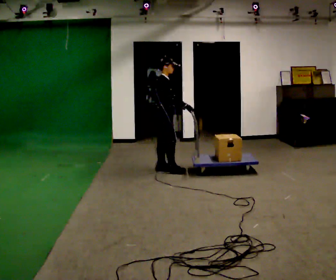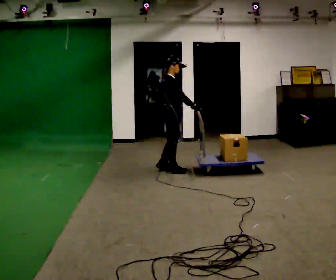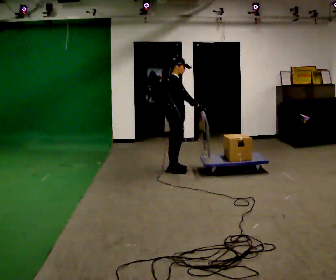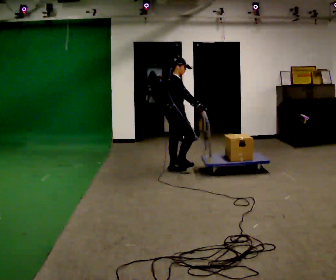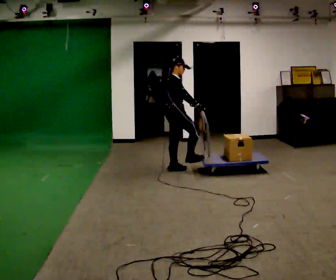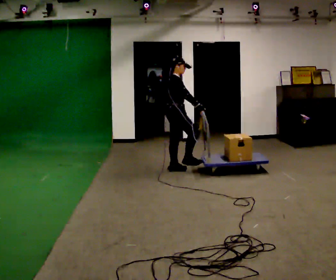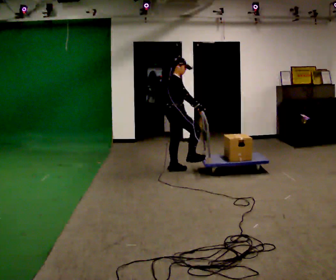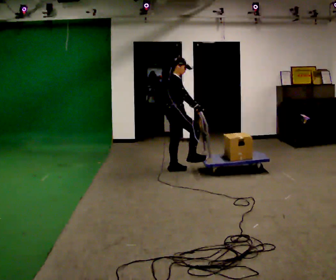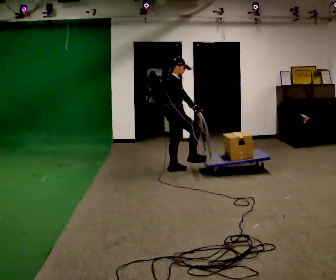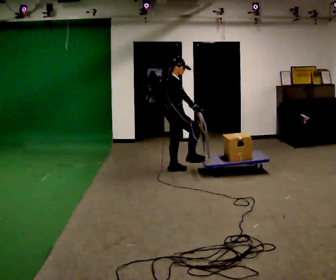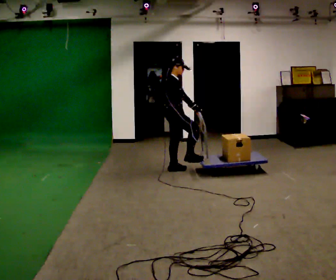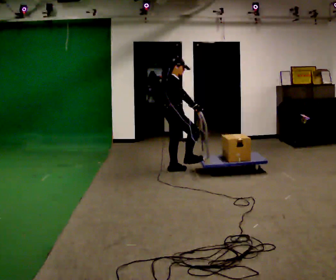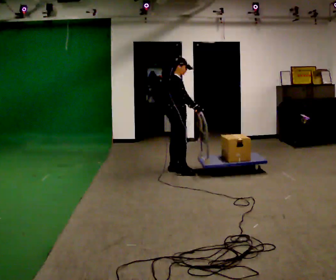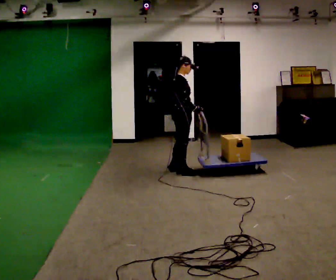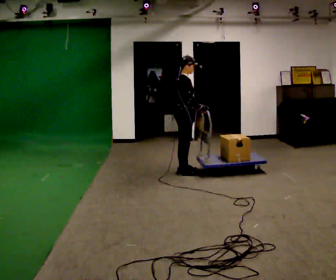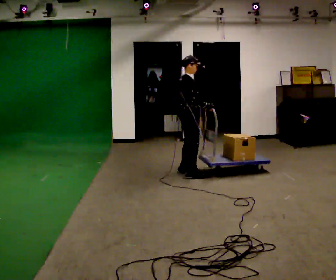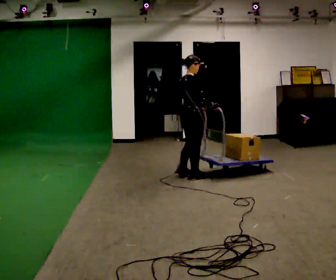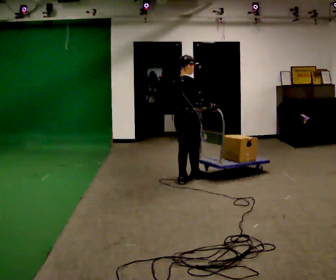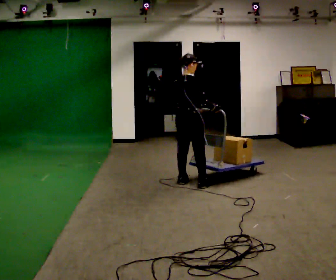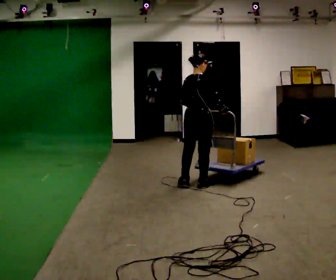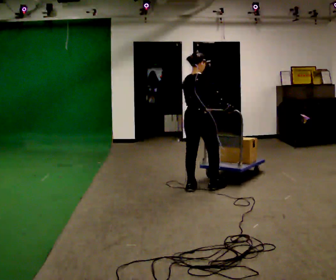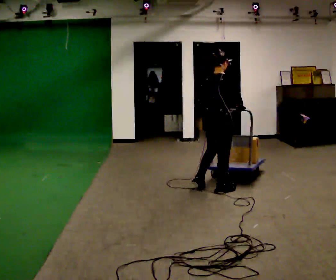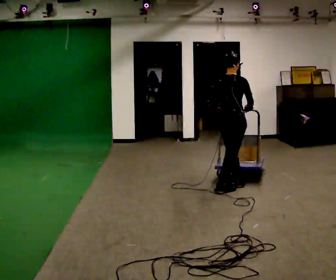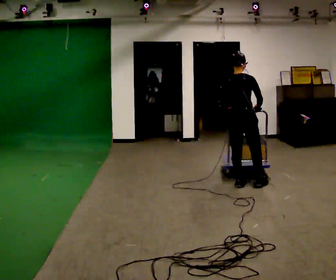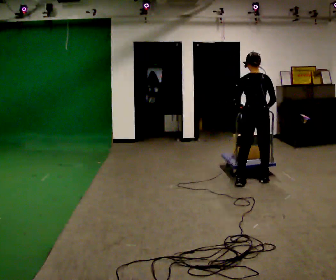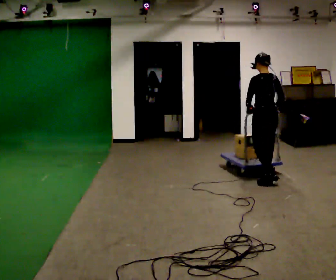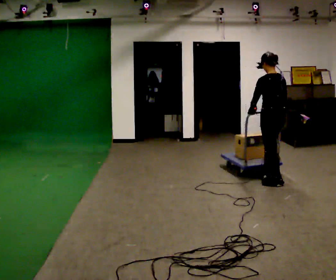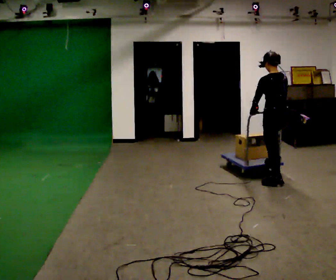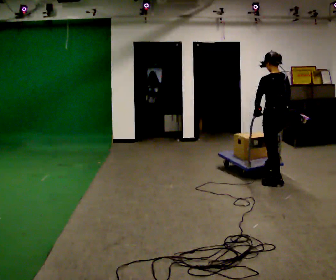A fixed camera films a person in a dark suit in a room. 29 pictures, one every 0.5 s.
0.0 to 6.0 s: In the picture they go to the right, about 0.25 m in 3 steps, which for them is forward.
6.0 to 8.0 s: The part of the body nearest the lens slides to the right as the person turns to their left by about 30 degrees. In the picture they go toward the camera and to the right, about 0.5 m in 2 steps, which for them is to their right.
8.0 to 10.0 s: In the picture they go toward the camera, about 0.5 m in 3 steps, which for them is to their right and backward.
10.0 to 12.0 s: The person turns about 30 degrees to their left, counterclockwise seen from above, so the part of the body nearest the lens slides to the right. In the picture they go to the right, about 0.5 m in 3 steps, which for them is forward and to their right.
12.0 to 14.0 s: The part of the body nearest the lens slides to the right as the person turns to their left by about 30 degrees. In the picture they go to the right, about 0.25 m in 1 step, which for them is backward.
The film runs forward here.
